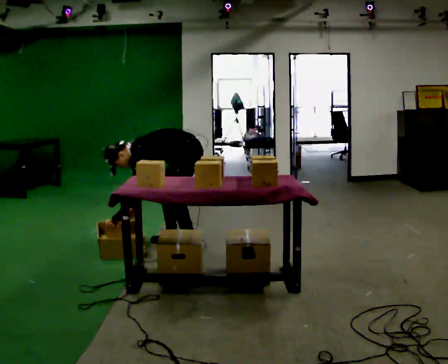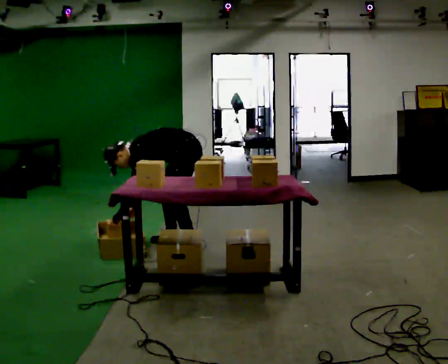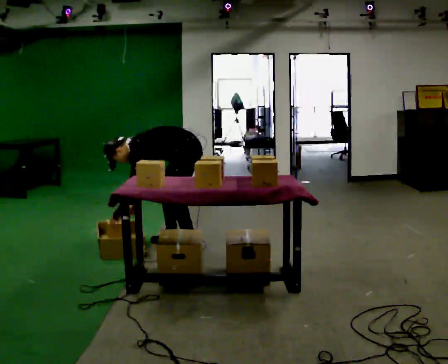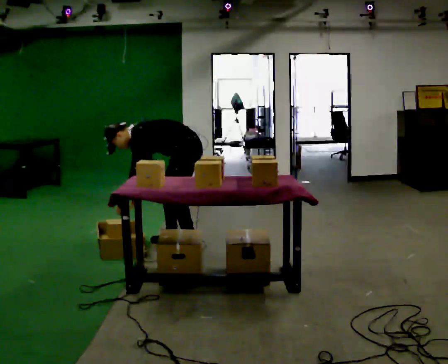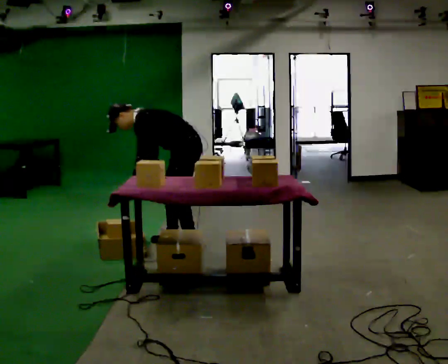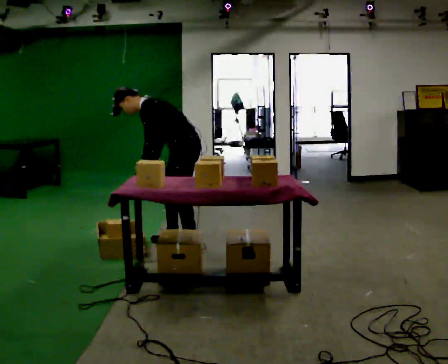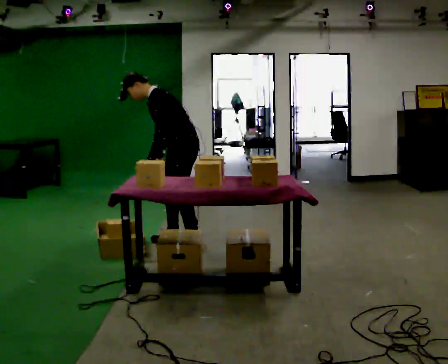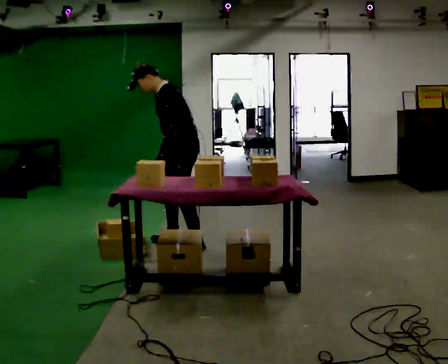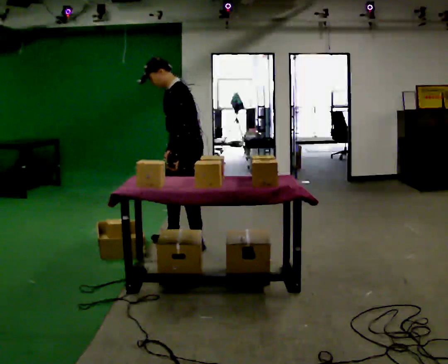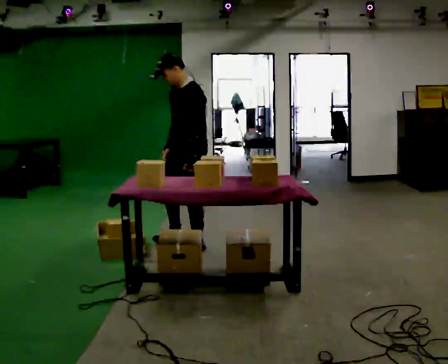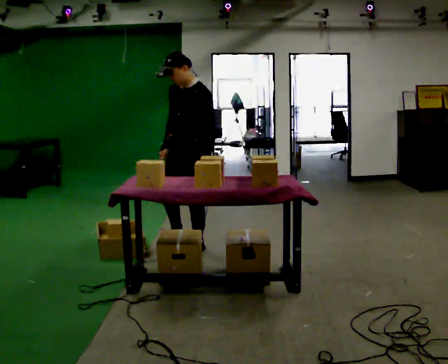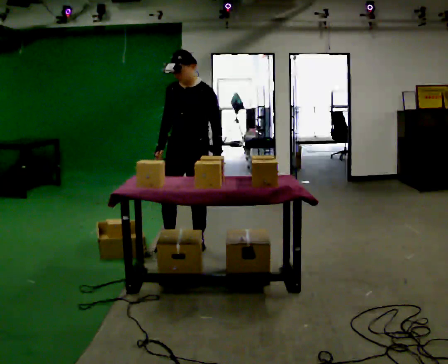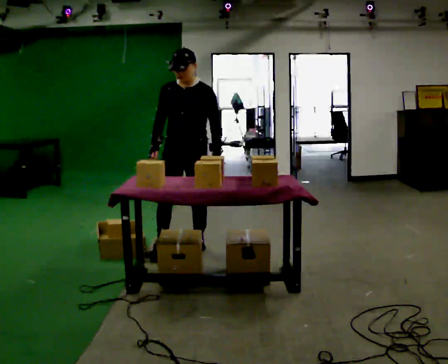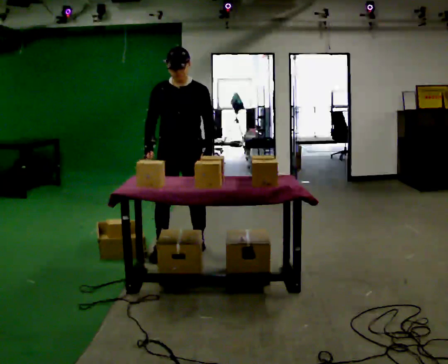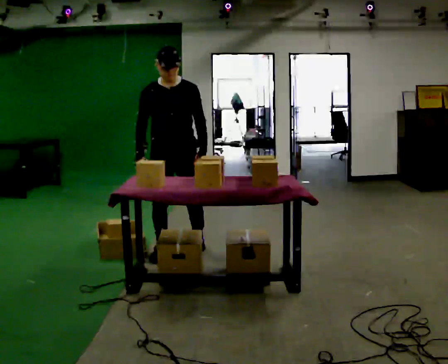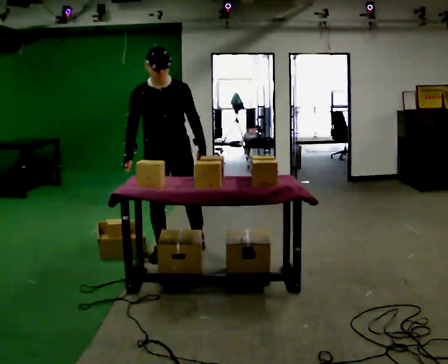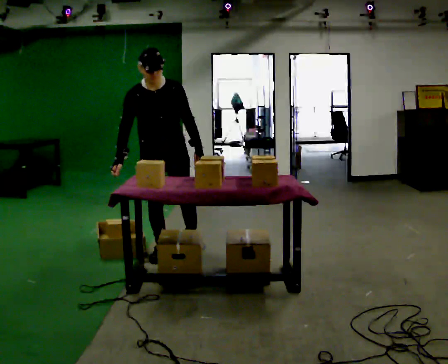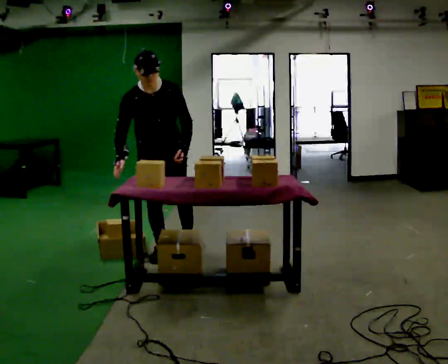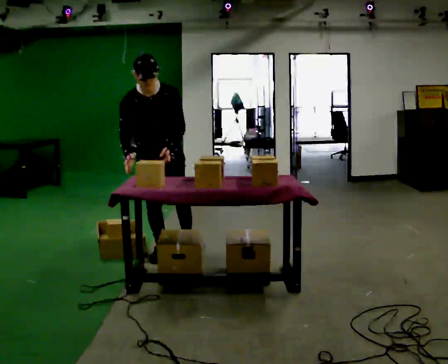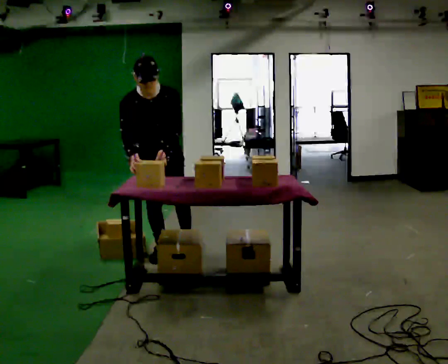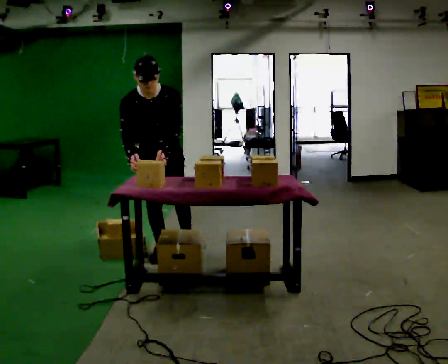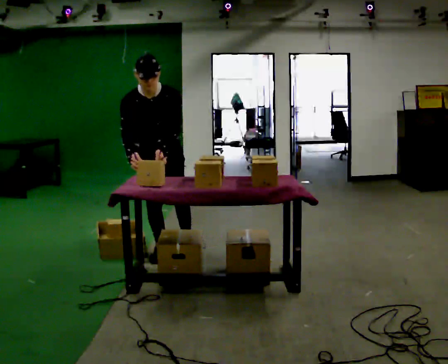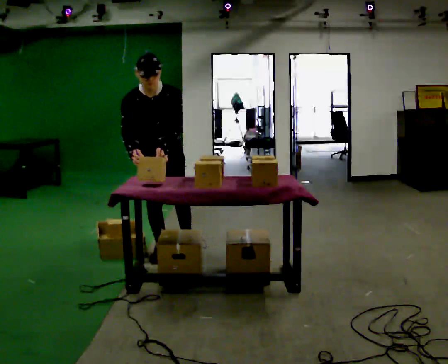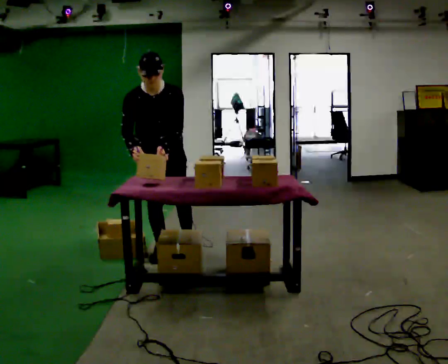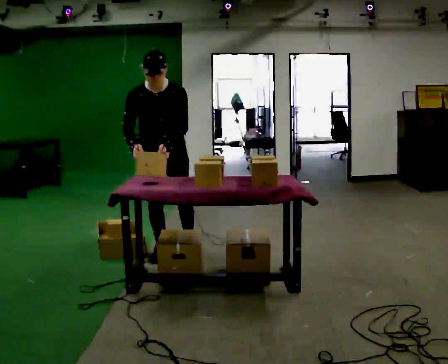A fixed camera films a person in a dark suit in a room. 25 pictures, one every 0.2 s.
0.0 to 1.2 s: The upper body goes upward. In the picture the upper body tilts clockwise, shoulders to the right, as they lean back or straighten. In the picture their left hand goes upward.
1.2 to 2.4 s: The person turns about 60 degrees to their left, counterclockwise seen from above, so the part of the body nearest the lens slides to the right. In the picture they go toward the camera, about 0.25 m in 1 step, which for them is to their left. In the picture the upper body tilts clockwise, shoulders to the right, as they lean back or straighten.
2.4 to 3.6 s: The part of the body nearest the lens slides to the right as the person turns to their left by about 45 degrees. In the picture they go to the left, about 0.25 m, which for them is to their right. The upper body tips toward the camera, its near side rolling downward, as they bend forward.
3.6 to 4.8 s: The person moves a little, or ends about where they began.
The film runs backward here.
